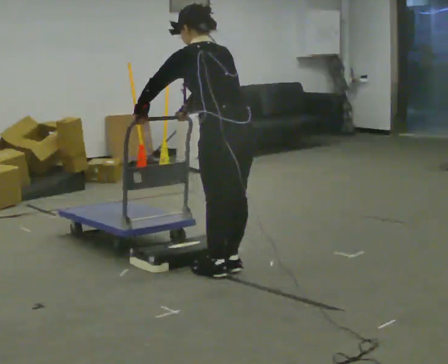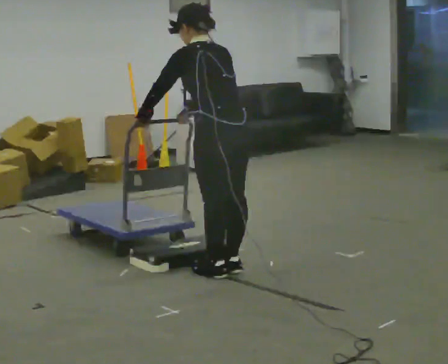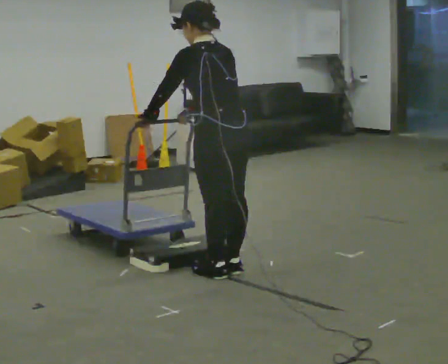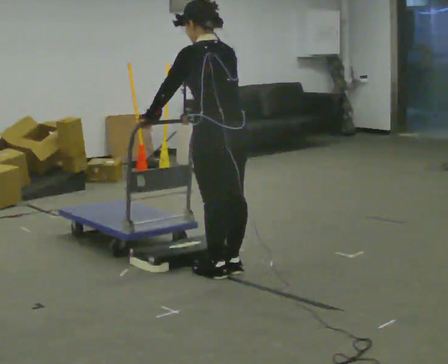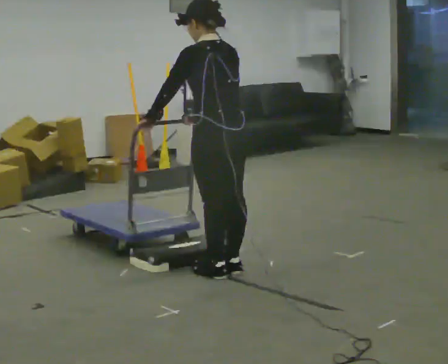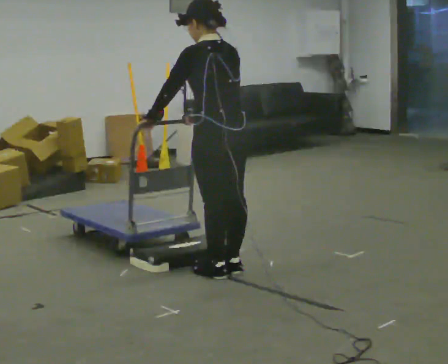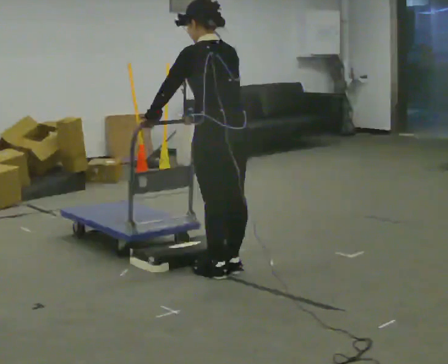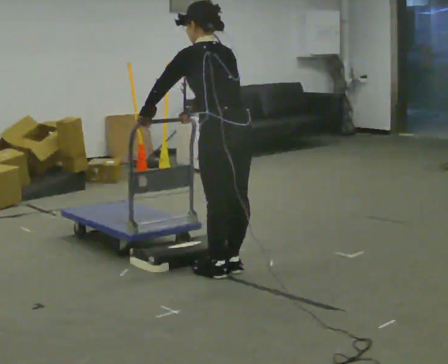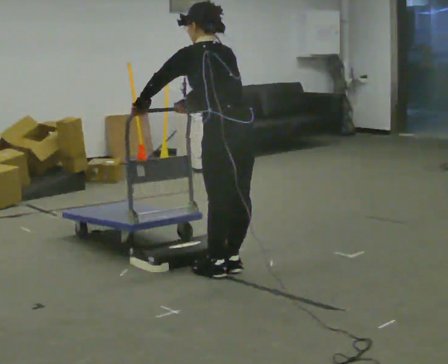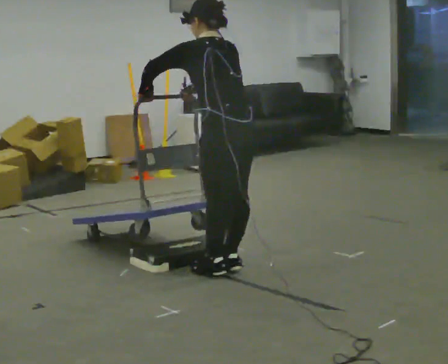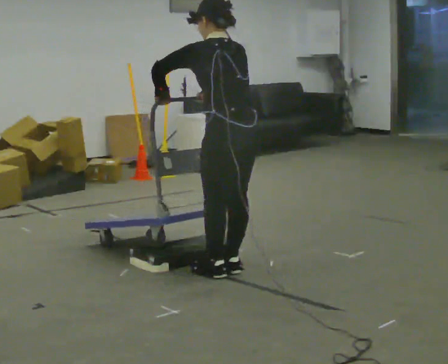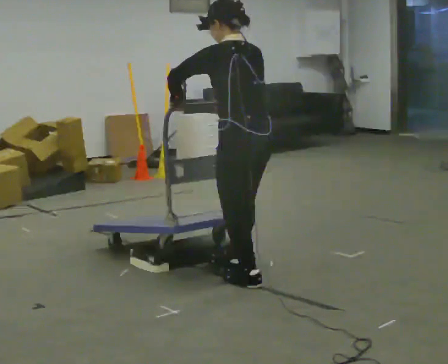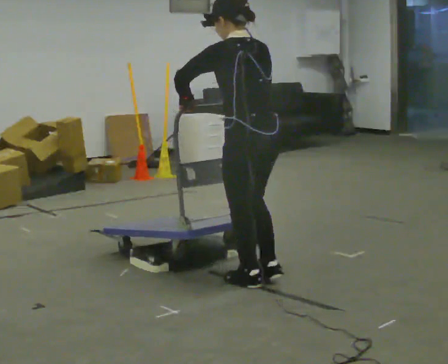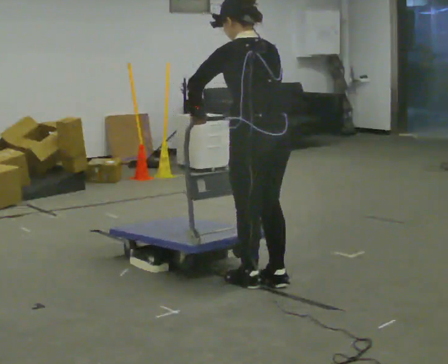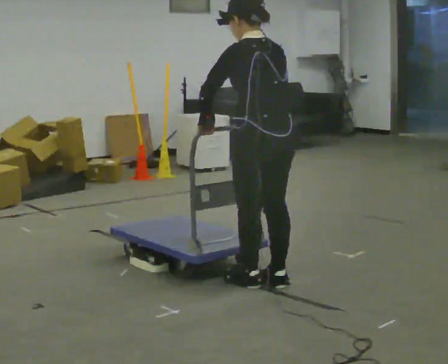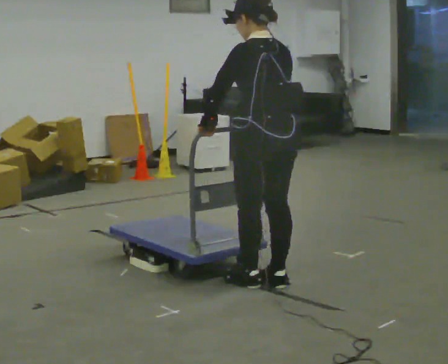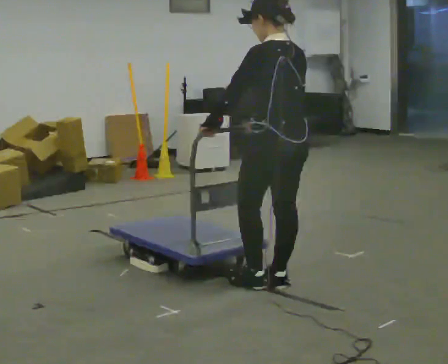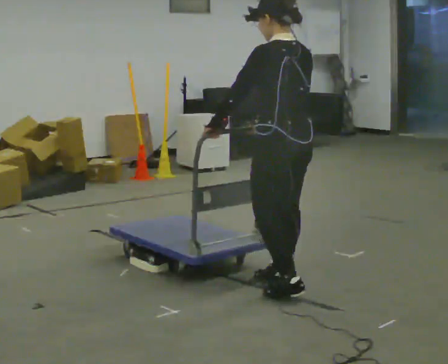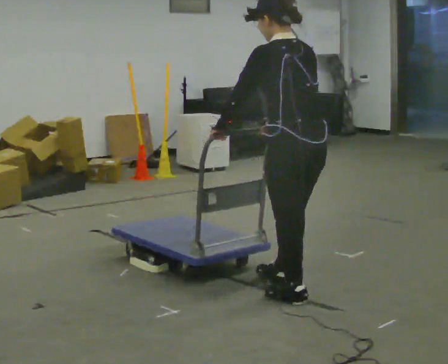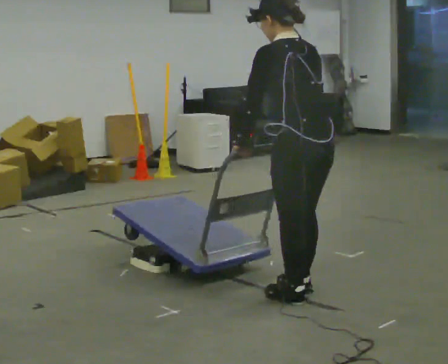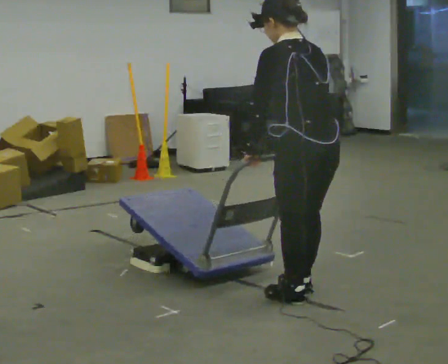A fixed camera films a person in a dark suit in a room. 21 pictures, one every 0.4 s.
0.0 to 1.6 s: In the picture the upper body tilts clockwise, shoulders to the right, as they lean back or straighten.
1.6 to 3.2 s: The person moves a little, or ends about where they began.
3.2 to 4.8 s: In the picture they go toward the camera, about 0.25 m in 1 step, which for them is backward. In the picture their right hand goes to the right.
4.8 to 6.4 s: In the picture they go to the right, about 0.25 m in 1 step, which for them is backward.
6.4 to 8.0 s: In the picture they go toward the camera, about 0.25 m in 2 steps, which for them is backward.
The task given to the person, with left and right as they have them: Push the cart up over the low platform edge and down the other side, then bring it back over.
The film runs forward here.
